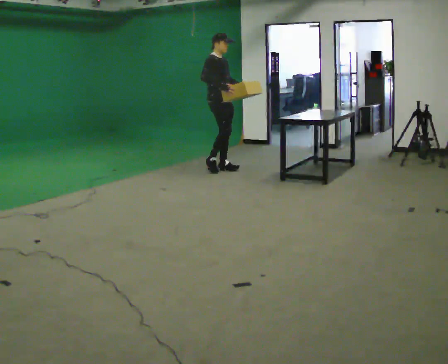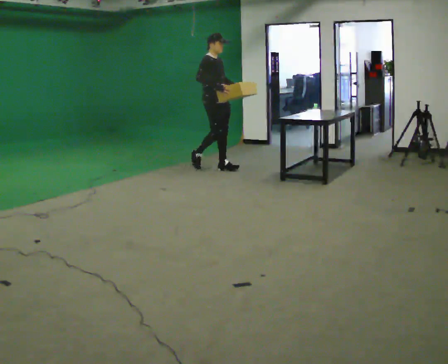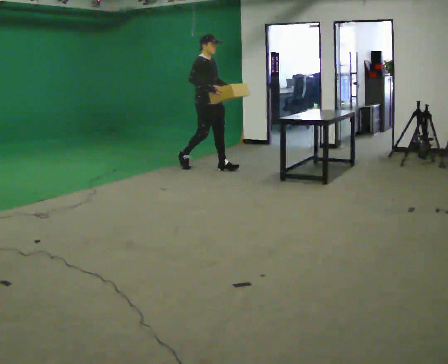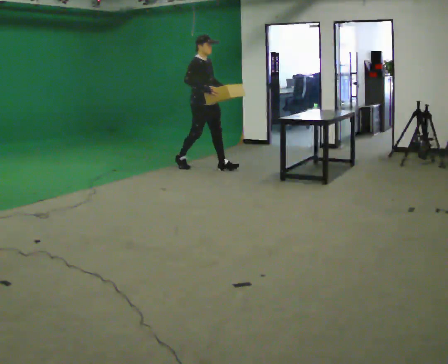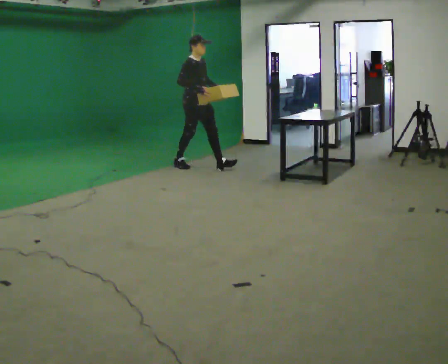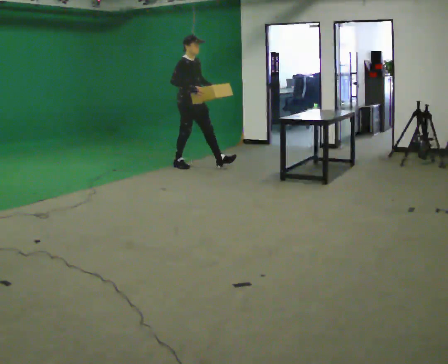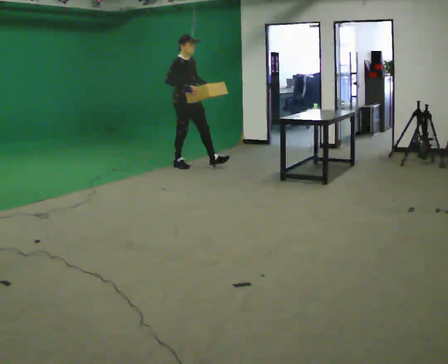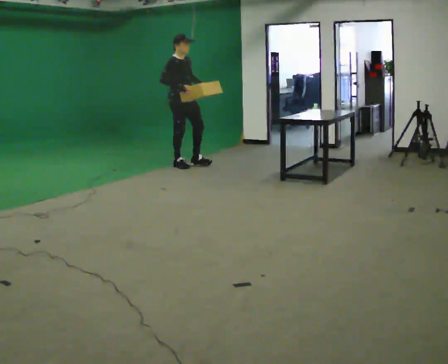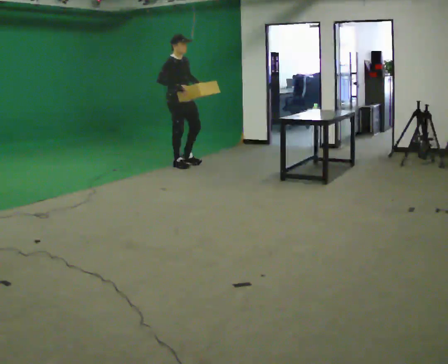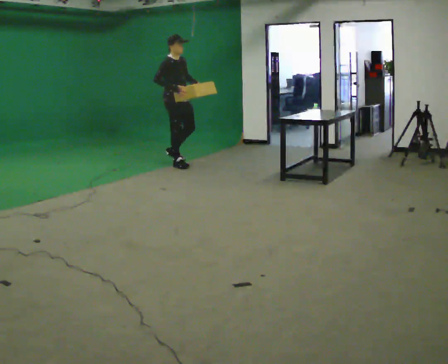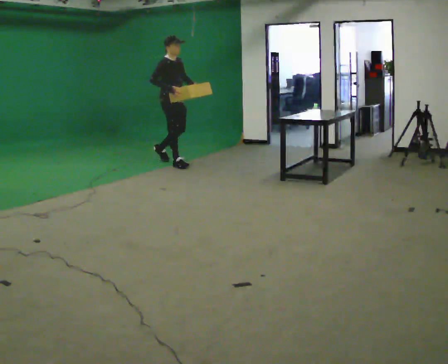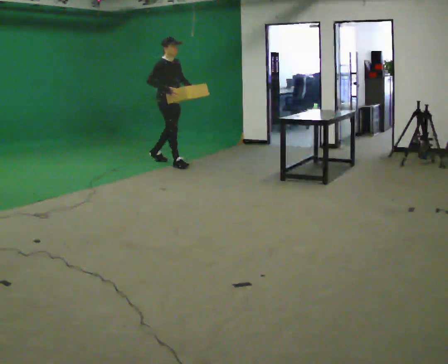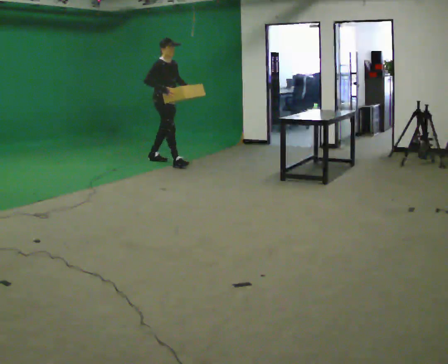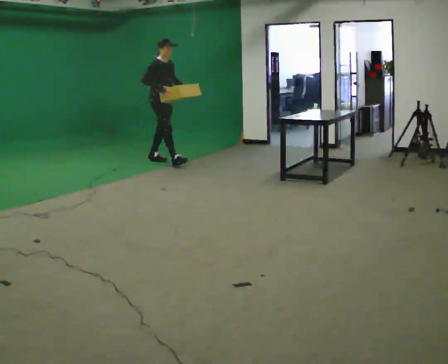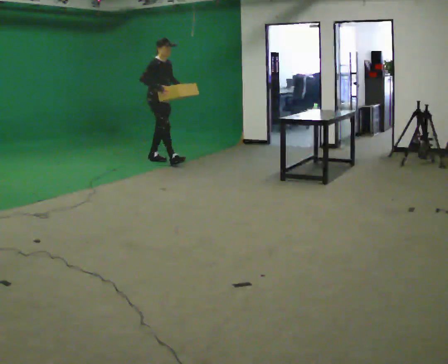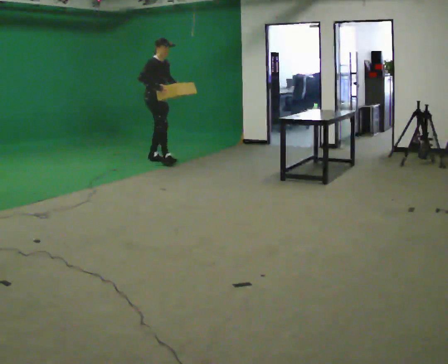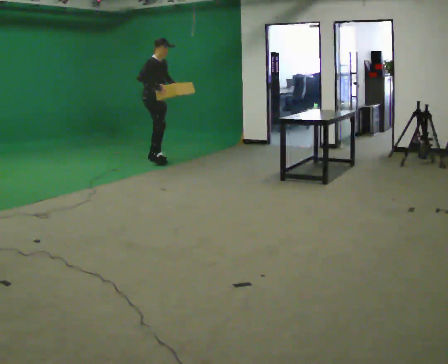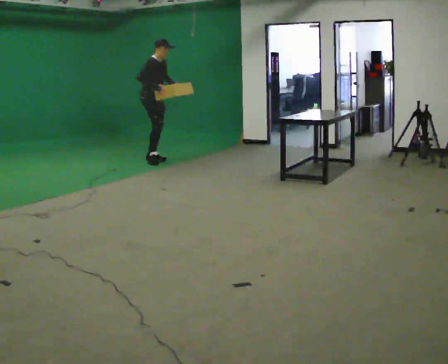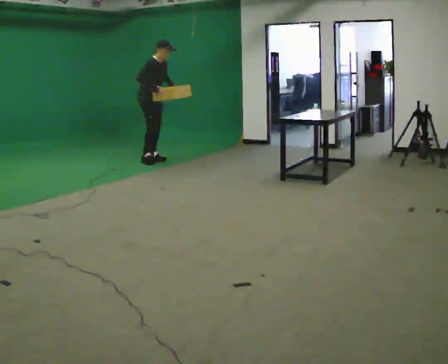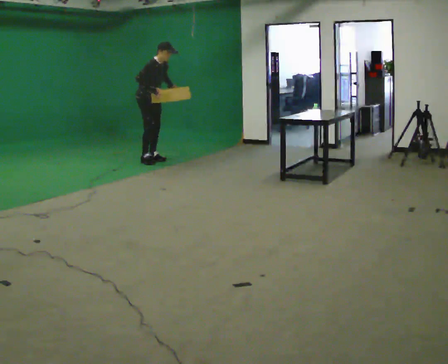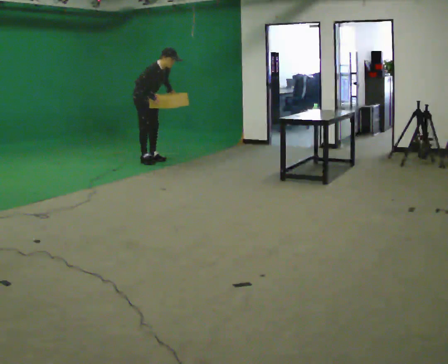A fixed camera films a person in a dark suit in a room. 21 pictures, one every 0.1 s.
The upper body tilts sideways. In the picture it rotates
clockwise.
0.0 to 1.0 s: In the picture they go to the left and away from the camera, about 0.5 m in 1 step, which for them is backward.
1.0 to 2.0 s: In the picture they go to the left and away from the camera, about 0.5 m in 1 step, which for them is backward. In the picture the upper body tilts clockwise, shoulders to the right, as they bend forward.
The film runs backward here.
